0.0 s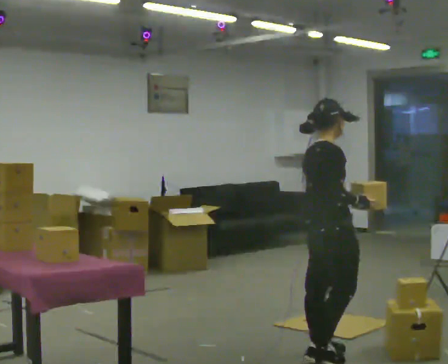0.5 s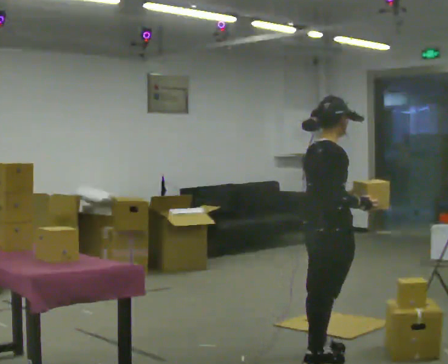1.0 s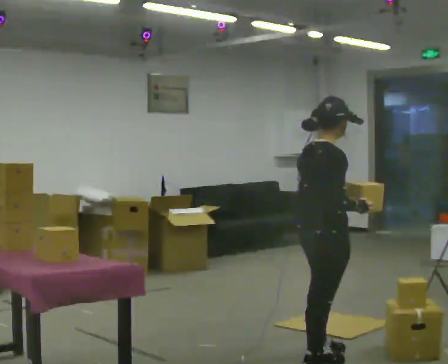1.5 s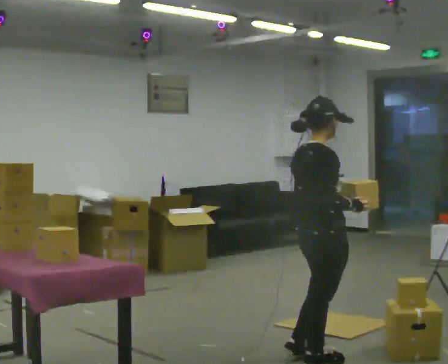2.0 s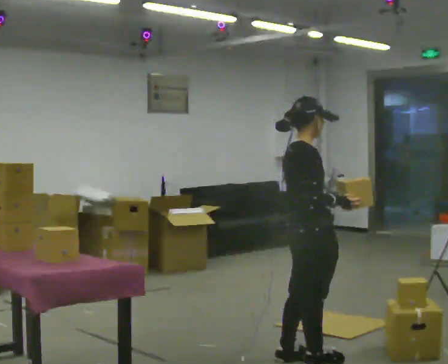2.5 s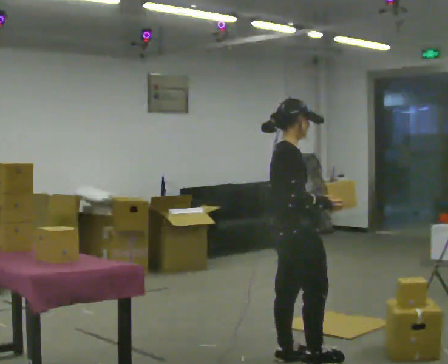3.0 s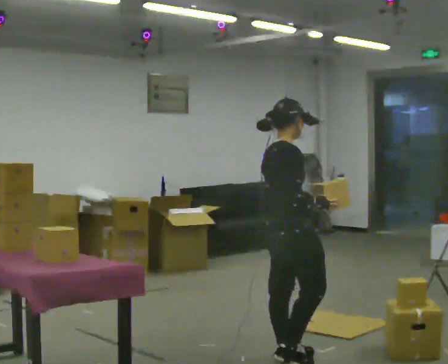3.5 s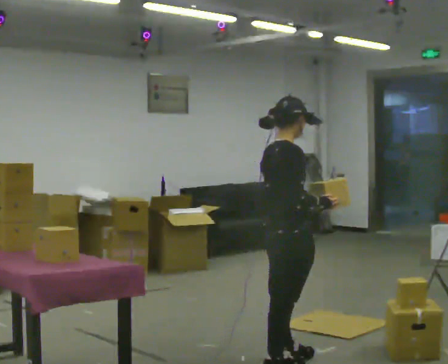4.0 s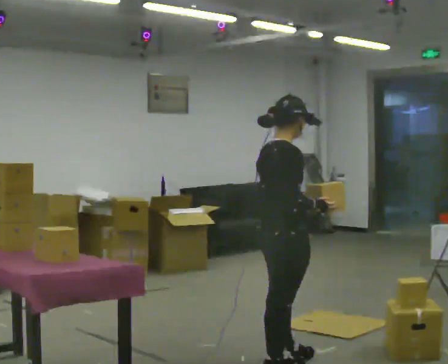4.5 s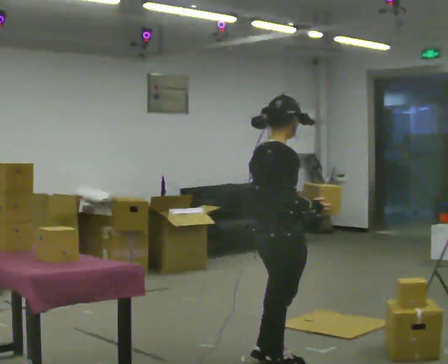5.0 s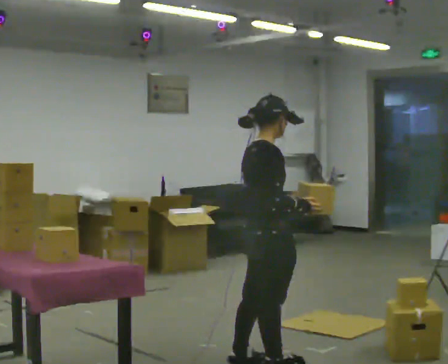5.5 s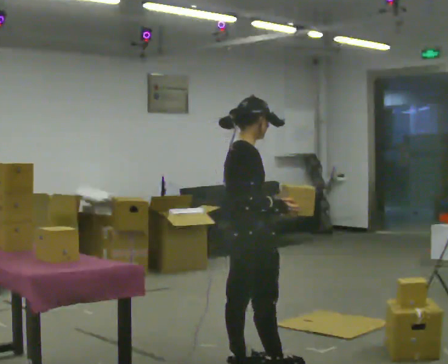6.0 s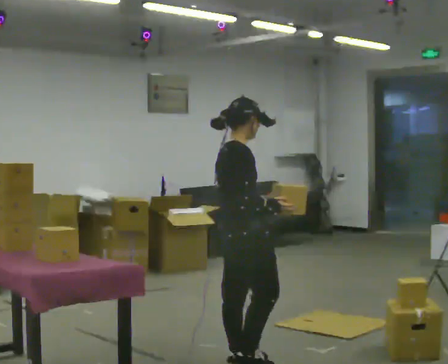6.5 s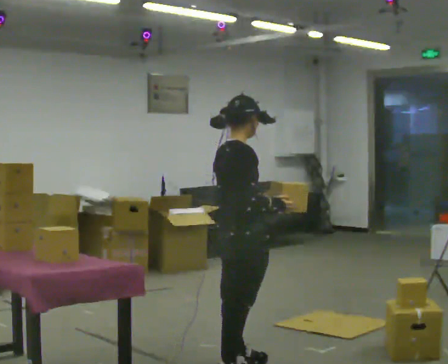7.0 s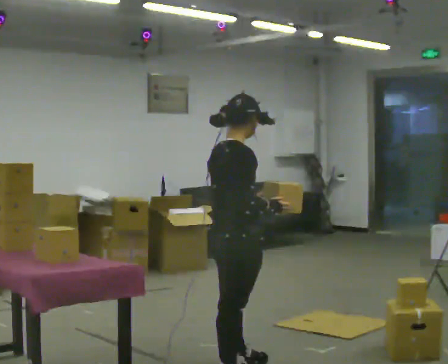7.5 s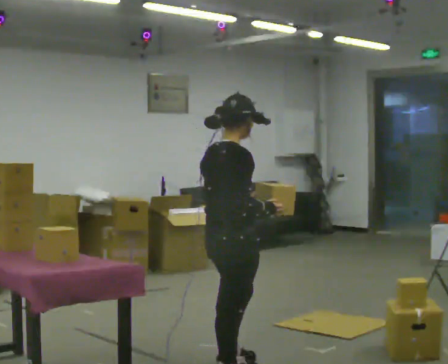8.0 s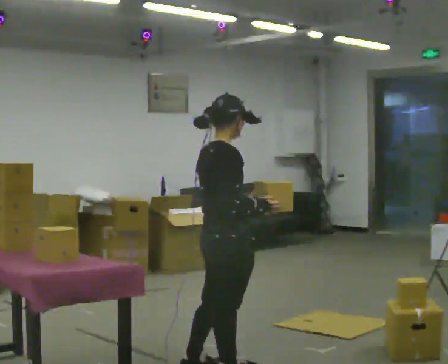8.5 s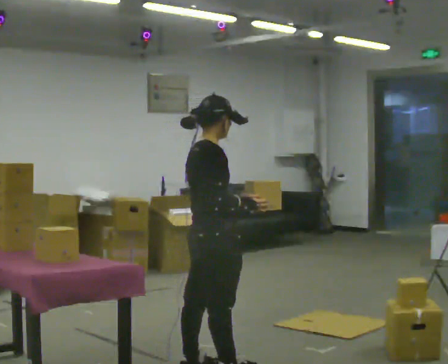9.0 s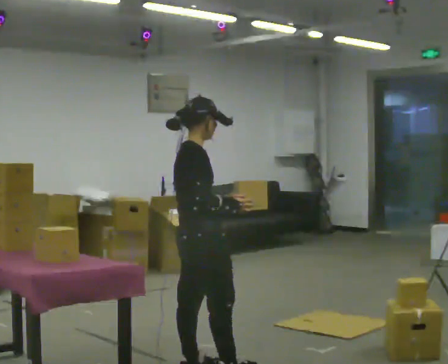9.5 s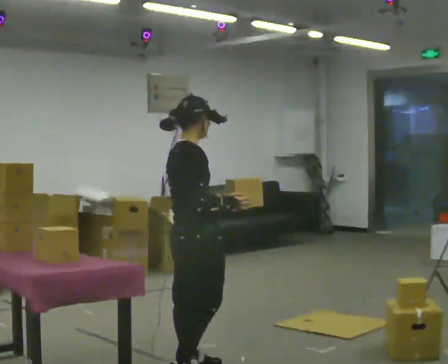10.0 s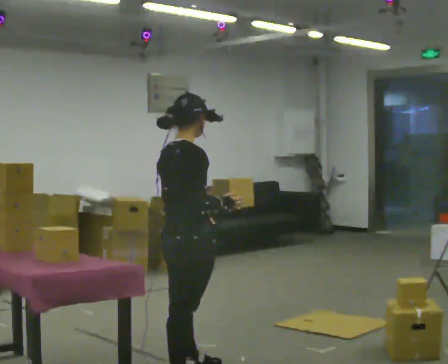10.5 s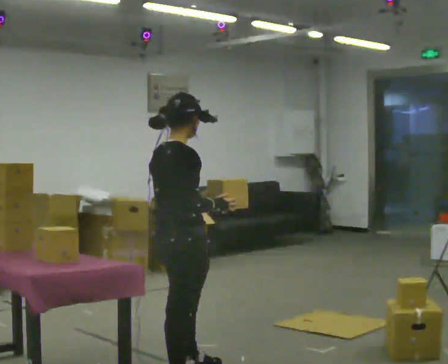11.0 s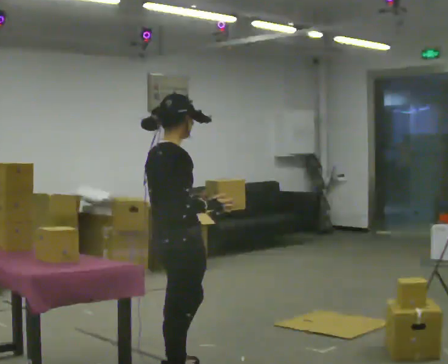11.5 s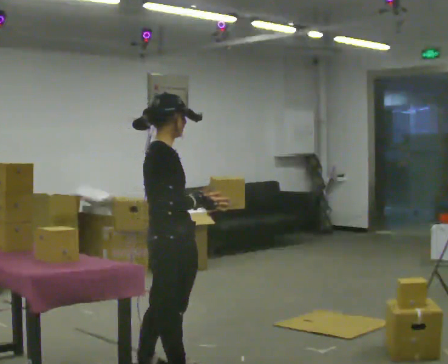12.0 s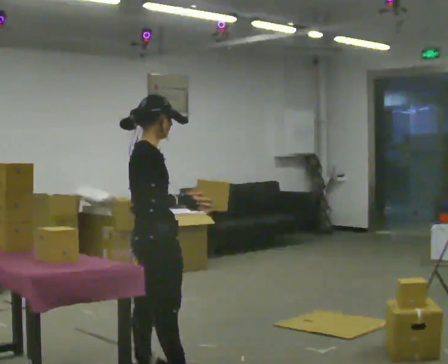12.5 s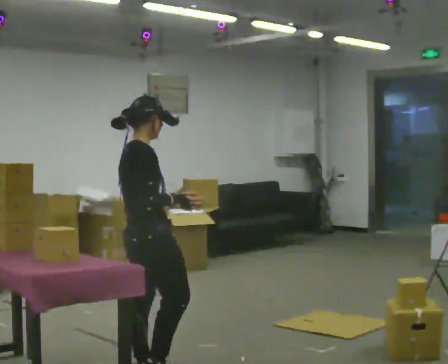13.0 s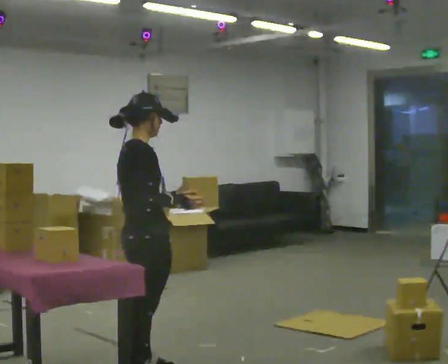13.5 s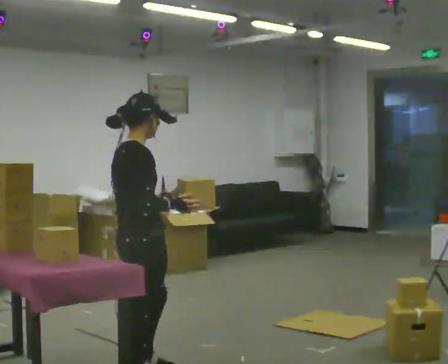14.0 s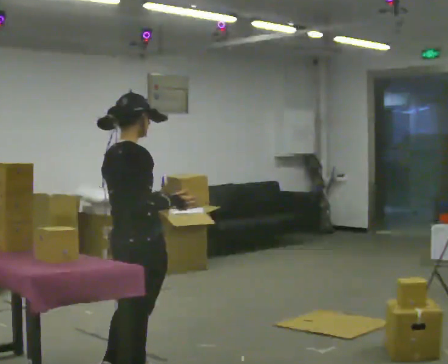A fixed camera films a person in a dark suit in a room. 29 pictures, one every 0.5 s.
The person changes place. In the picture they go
to the left.
0.0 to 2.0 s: The person moves a little, or ends about where they began.
2.0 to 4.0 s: In the picture they go to the left, about 0.25 m in 1 step, which for them is backward.
4.0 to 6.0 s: In the picture they go to the left, about 0.25 m in 2 steps, which for them is backward.
6.0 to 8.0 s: In the picture they go toward the camera, about 0.25 m in 1 step, which for them is backward and to their right.
8.0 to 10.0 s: In the picture they go to the left, about 0.25 m in 1 step, which for them is backward.
10.0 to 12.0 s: In the picture they go to the left, about 0.25 m in 1 step, which for them is backward.
12.0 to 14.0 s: The part of the body nearest the lens slides to the right as the person turns to their left by about 30 degrees.
The film runs backward here.
